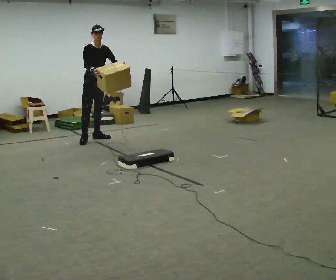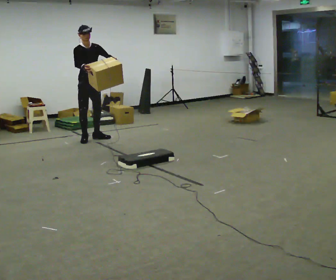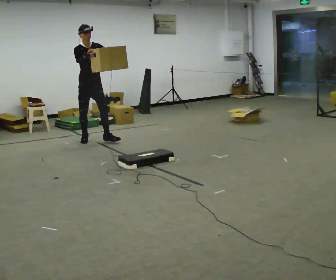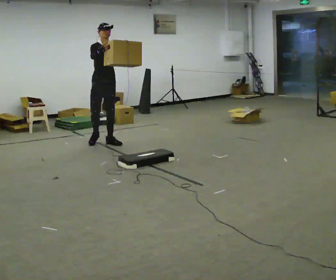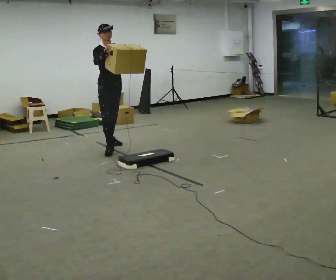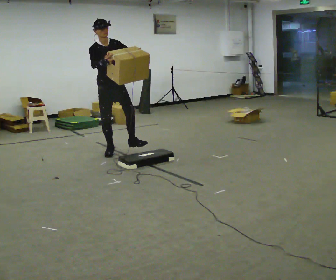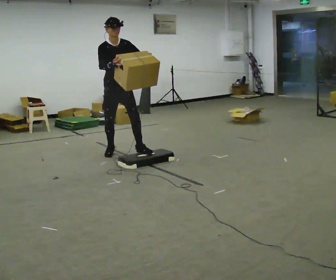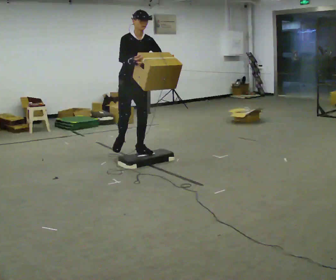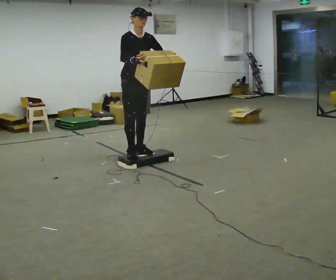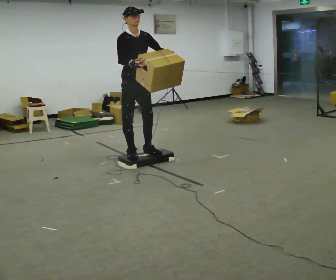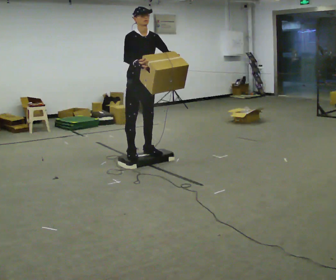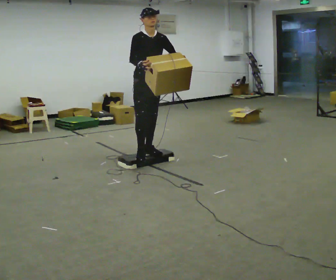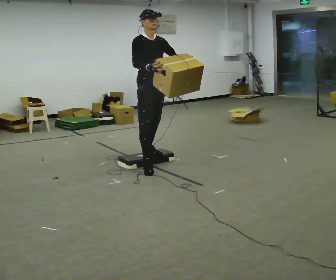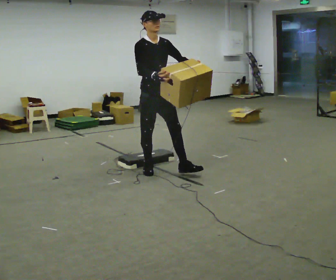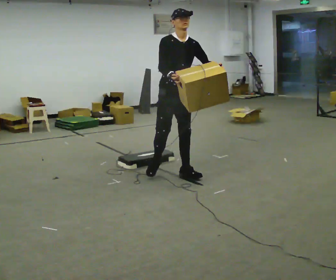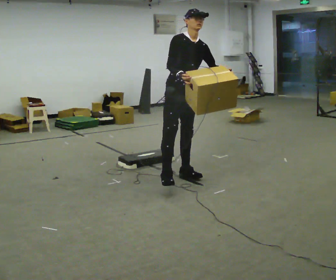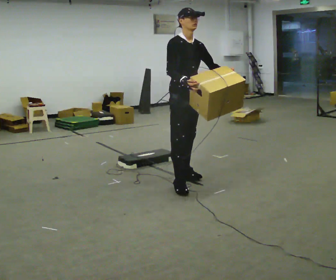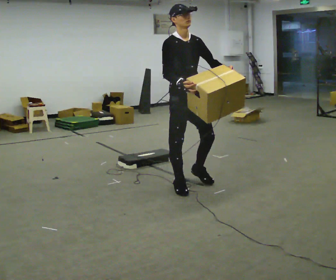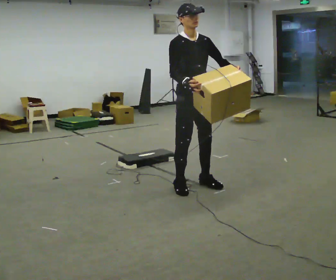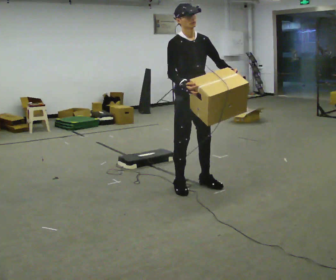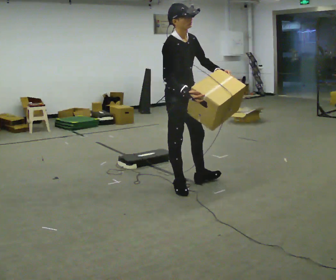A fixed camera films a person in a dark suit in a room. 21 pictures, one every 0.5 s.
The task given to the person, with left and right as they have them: Carry the box up onto the platform, across it, and down the other side, then bring it back. Keep going until the operator says stop; one object at a time, and do not rush between trips.
0.0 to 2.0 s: In the picture they go toward the camera and to the right, about 0.75 m in 3 steps, which for them is forward.
2.0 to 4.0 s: In the picture they go toward the camera and to the right, about 1 m in 2 steps, which for them is forward.
4.0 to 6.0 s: In the picture they go toward the camera and to the right, about 0.25 m in 1 step, which for them is forward.
6.0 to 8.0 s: In the picture they go toward the camera and to the right, about 0.75 m in 2 steps, which for them is forward.
8.0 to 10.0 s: In the picture they go toward the camera, about 0.25 m in 1 step, which for them is to their right and forward.
The film runs forward here.
